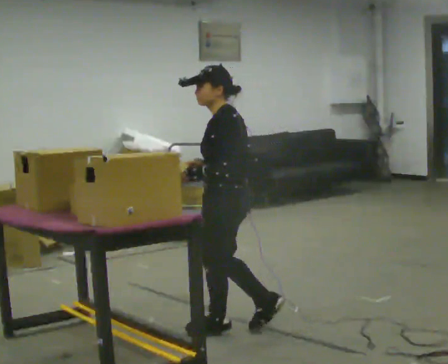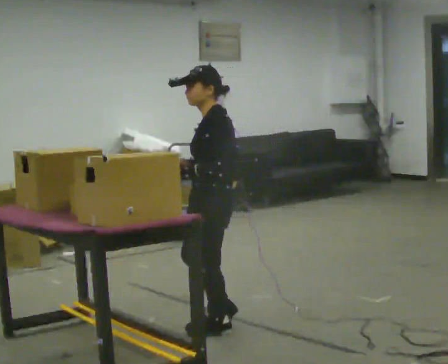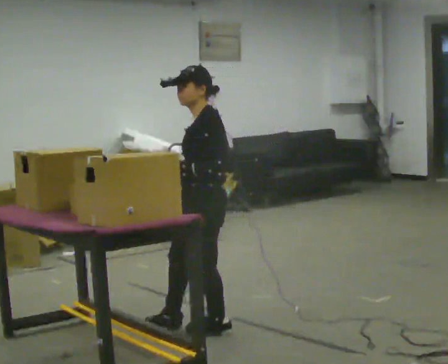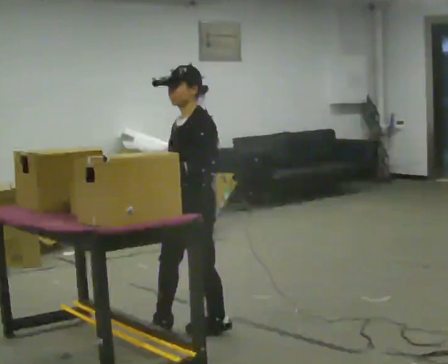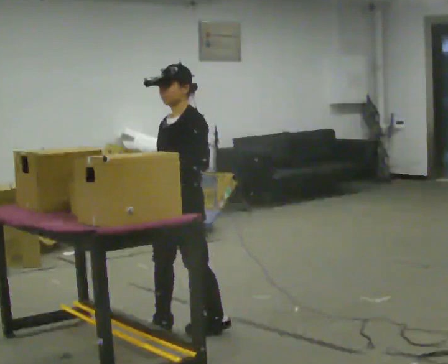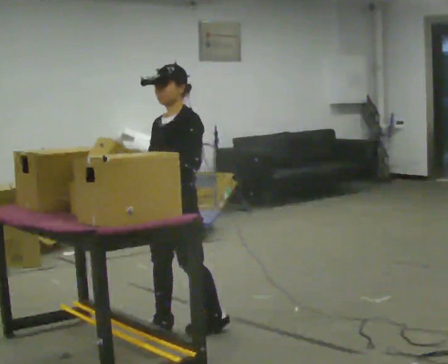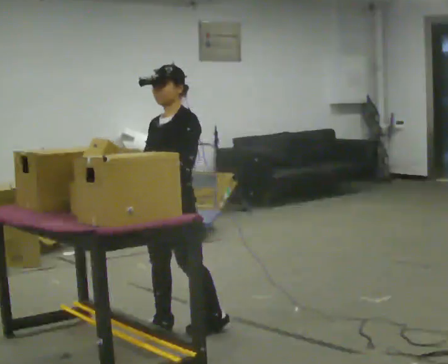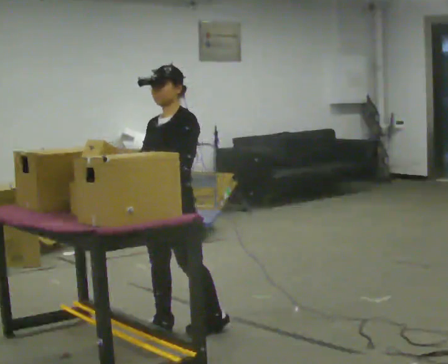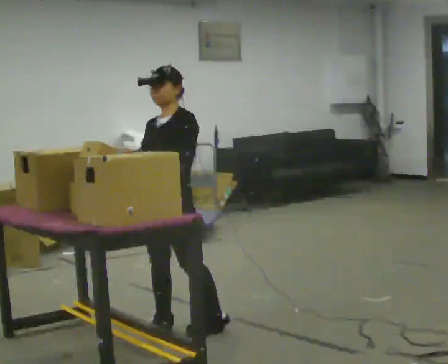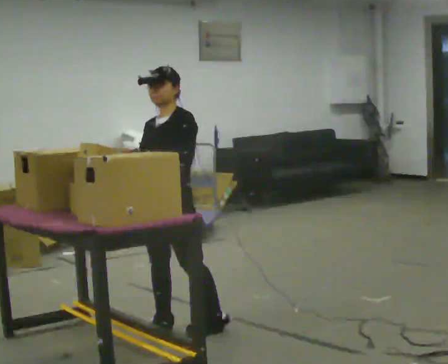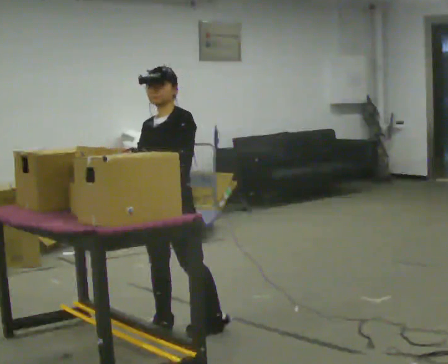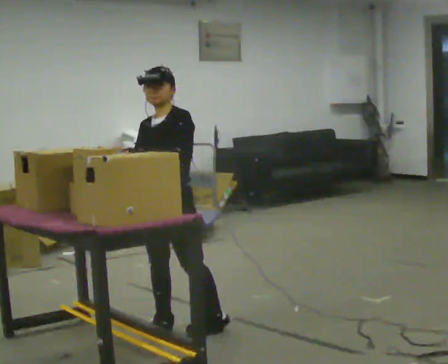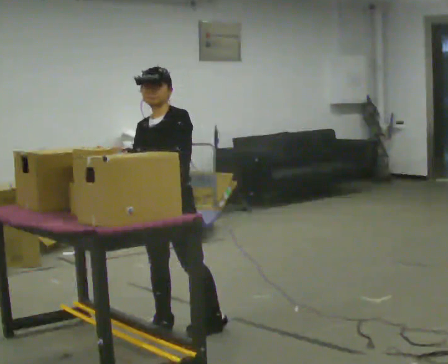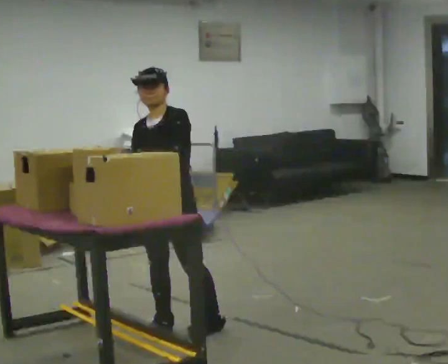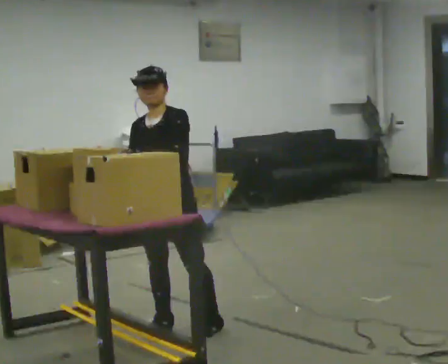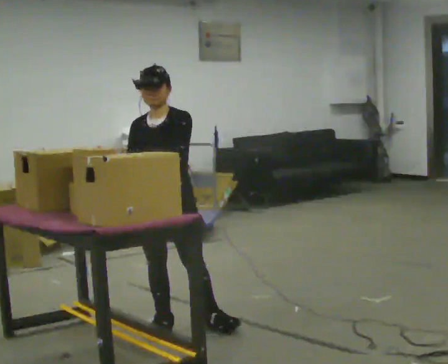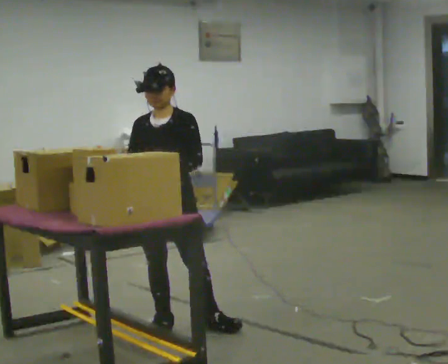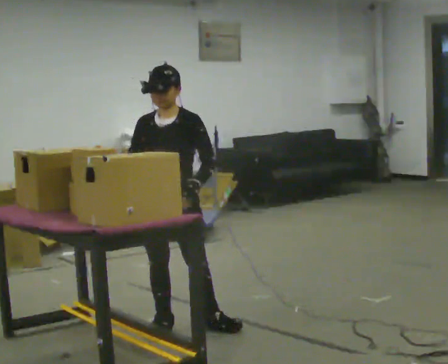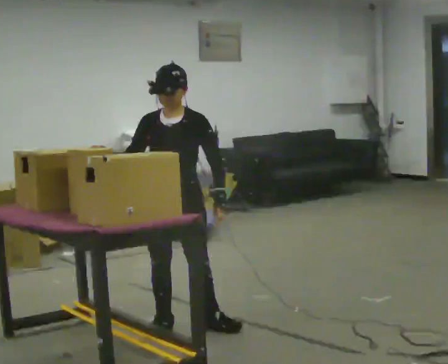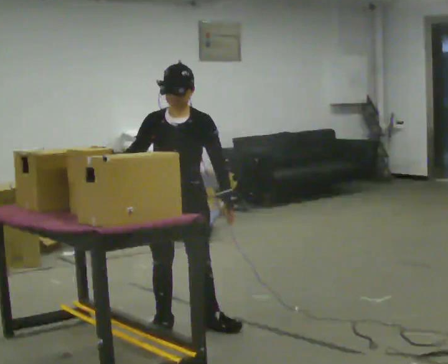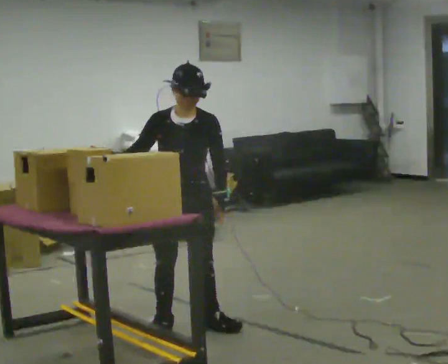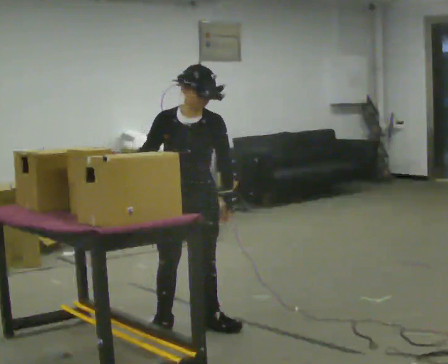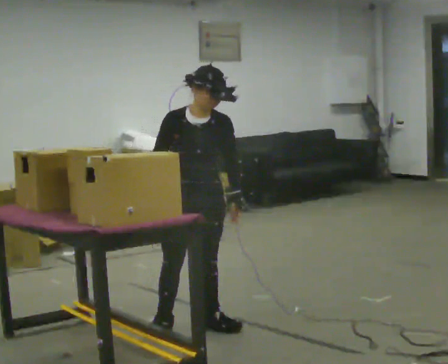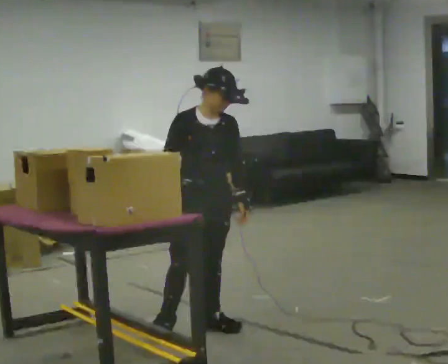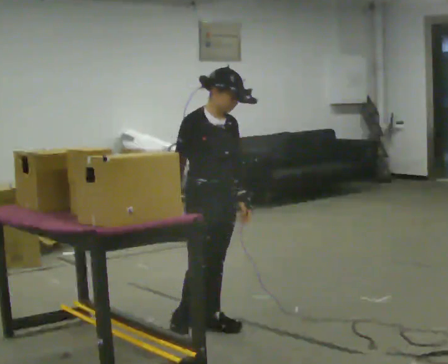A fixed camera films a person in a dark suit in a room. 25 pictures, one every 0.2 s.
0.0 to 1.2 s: The person turns about 60 degrees to their left, counterclockwise seen from above, so the part of the body nearest the lens slides to the right. In the picture they go to the left, about 0.25 m in 1 step, which for them is forward and to their right.
1.2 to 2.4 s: The person moves a little, or ends about where they began.
2.4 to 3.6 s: The part of the body nearest the lens slides to the right as the person turns to their left by about 30 degrees. In the picture their left hand goes to the right.
3.6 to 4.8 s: Seen from above the body turns counterclockwise, about 45 degrees: to their left, with its near side sliding to the right. In the picture they go to the right, about 0.25 m, which for them is to their left. In the picture their right hand goes to the right.
The film runs forward here.
